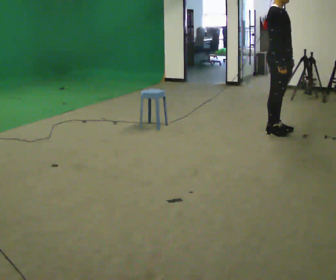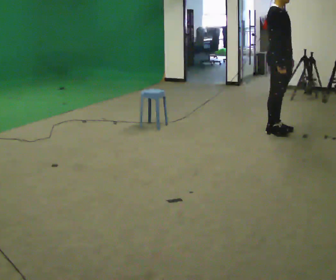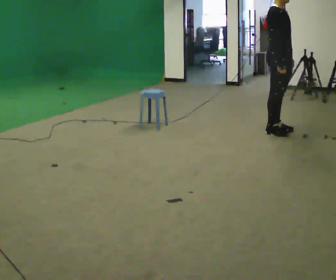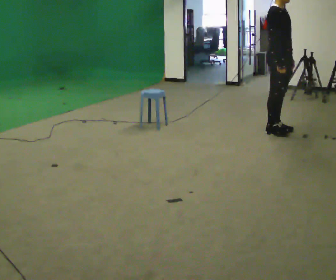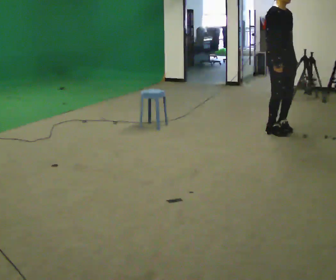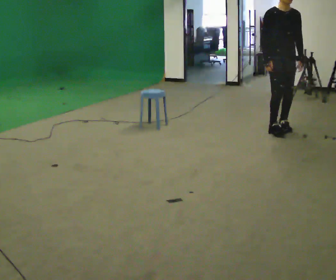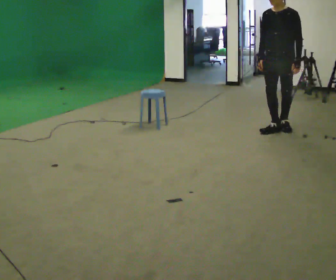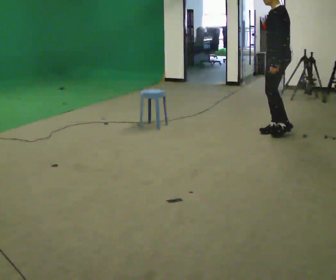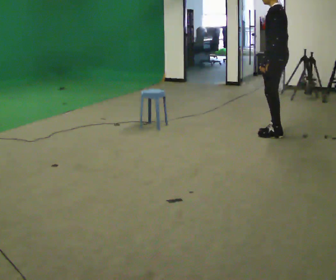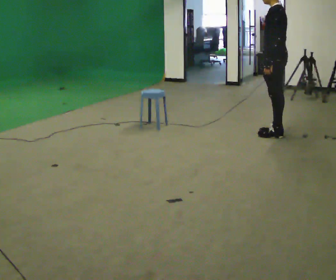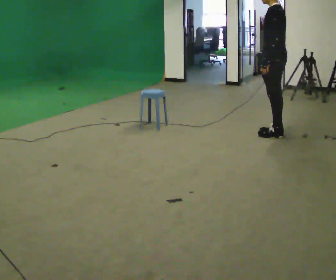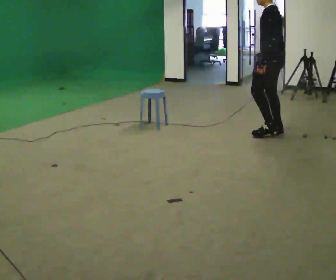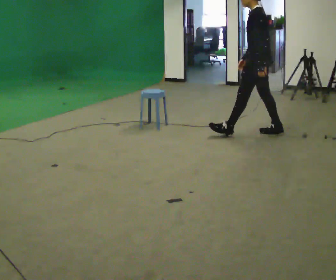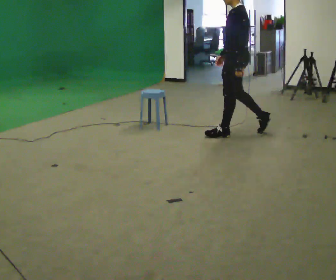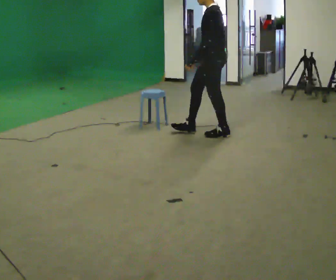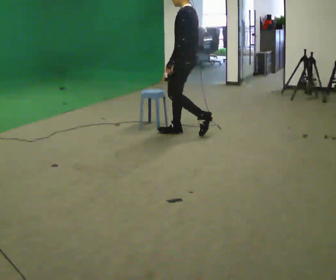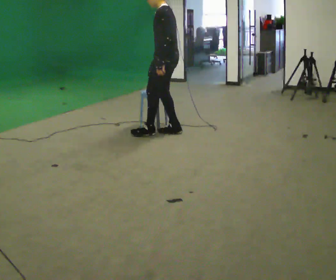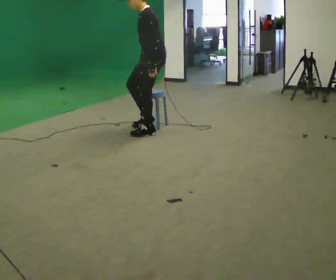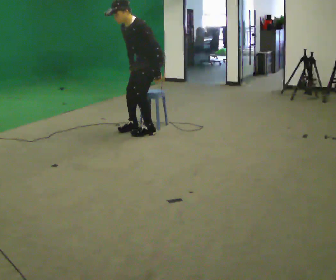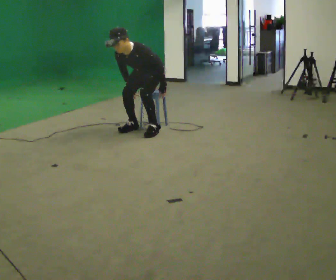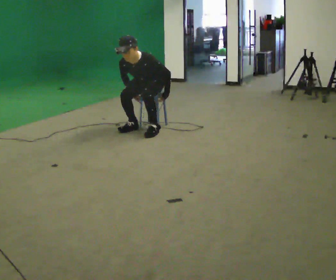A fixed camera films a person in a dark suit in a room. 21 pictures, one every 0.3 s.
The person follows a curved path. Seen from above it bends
clockwise.
The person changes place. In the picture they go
to the left.
0.0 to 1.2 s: The person moves a little, or ends about where they began.
1.2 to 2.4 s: The person turns about 150 degrees to their right, clockwise seen from above, so the part of the body nearest the lens slides to the left.
2.4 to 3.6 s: In the picture they go to the left, about 0.25 m, which for them is forward. In the picture their right hand goes to the left.
3.6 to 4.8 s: In the picture they go to the left, about 1 m in 2 steps, which for them is forward.
4.8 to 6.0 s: Seen from above the body turns counterclockwise, about 75 degrees: to their left, with its near side sliding to the right. In the picture they go to the left and away from the camera, about 0.5 m in 2 steps. The shoulders move downward. The upper body tips toward the camera, its near side rolling downward, as they bend forward. In the picture their left hand goes downward.
The film runs forward here.
